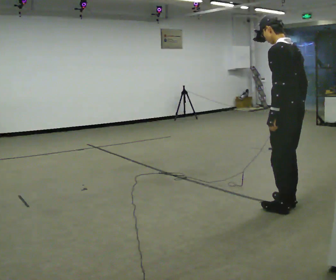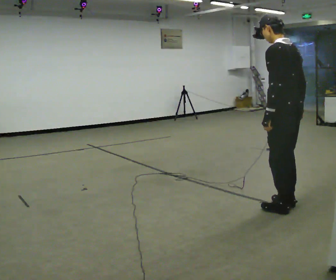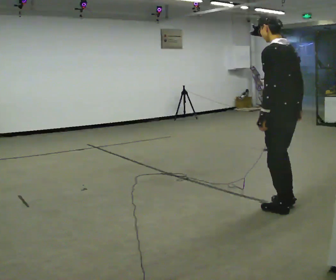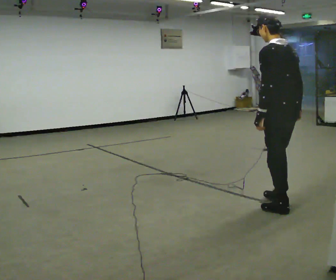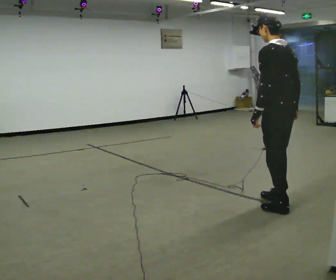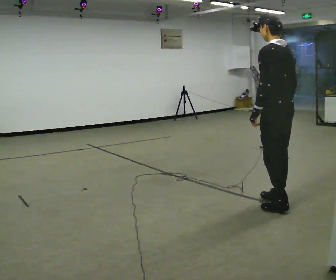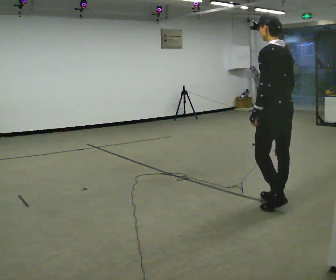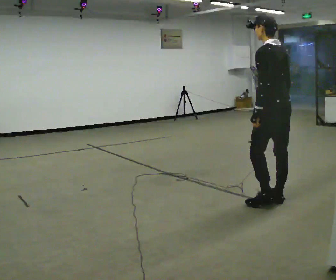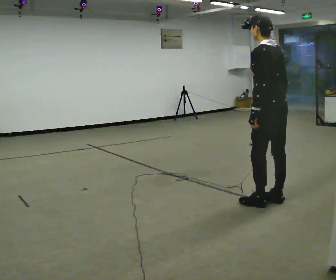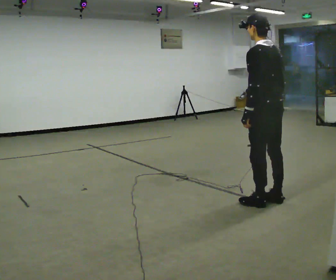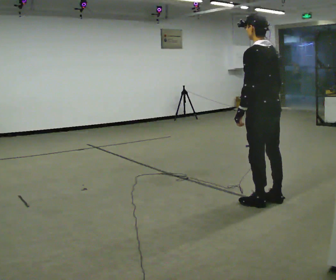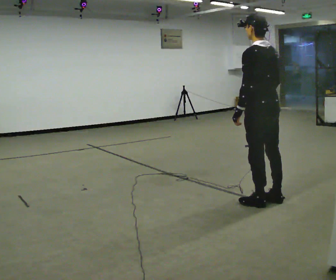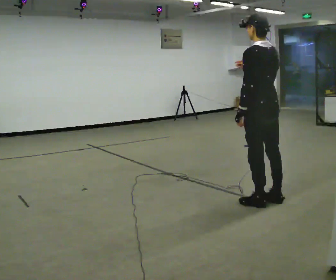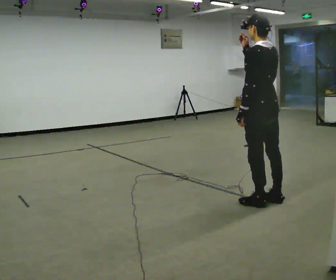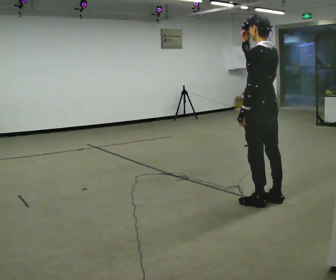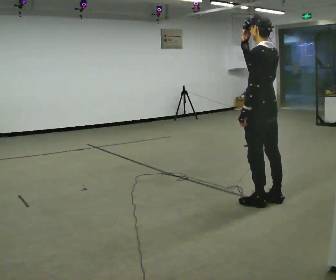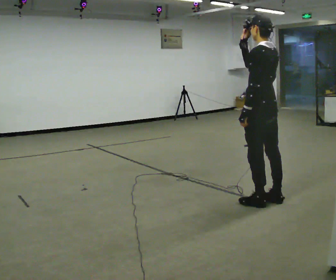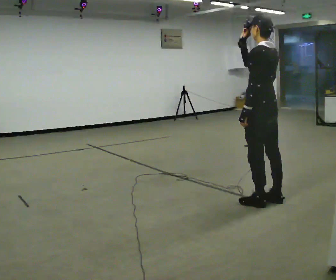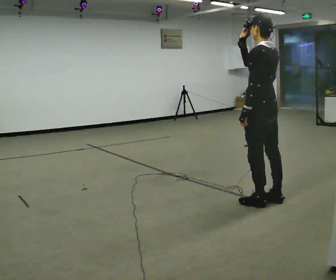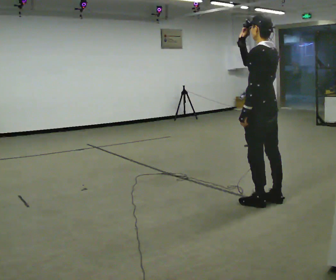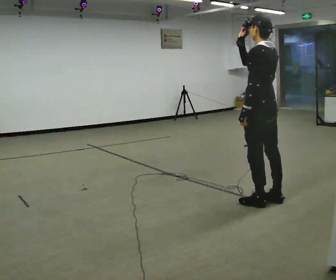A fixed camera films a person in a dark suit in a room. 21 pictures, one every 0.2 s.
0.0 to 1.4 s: In the picture they go away from the camera, about 0.25 m, which for them is forward.
1.4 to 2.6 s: In the picture their right hand goes upward and to the left.
2.6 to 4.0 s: The person moves a little, or ends about where they began.
The film runs forward here.
